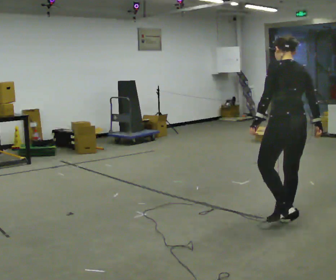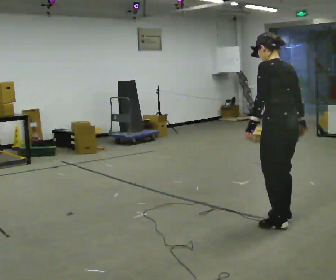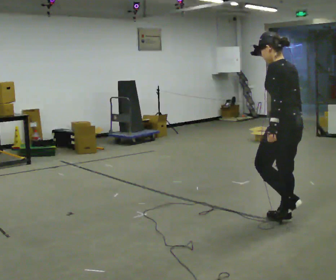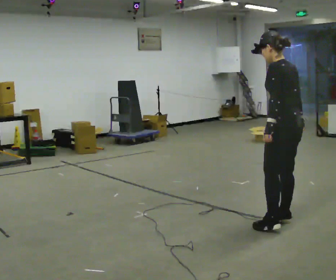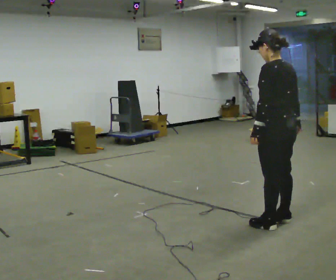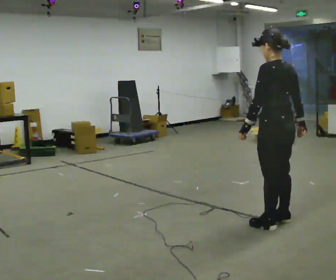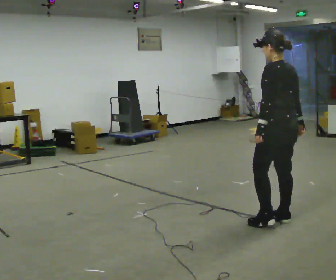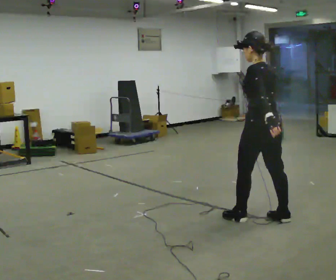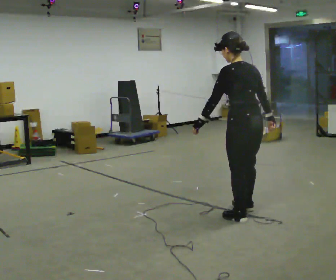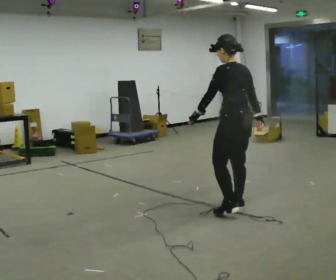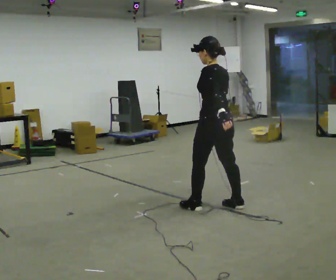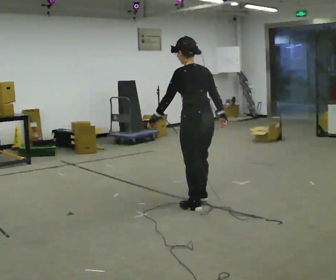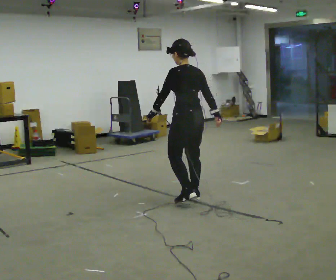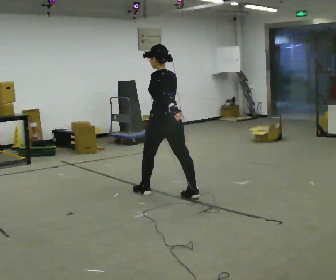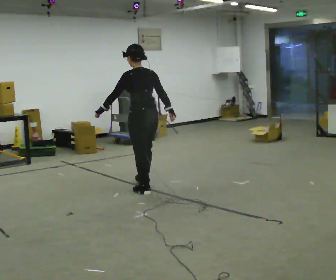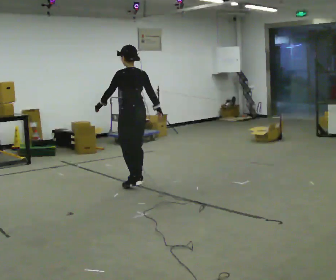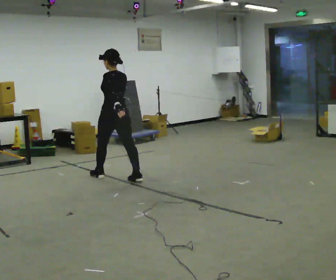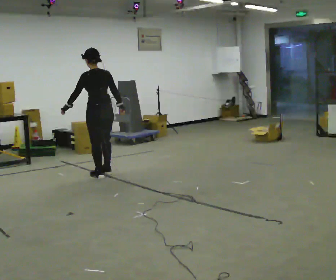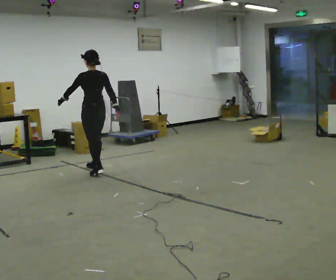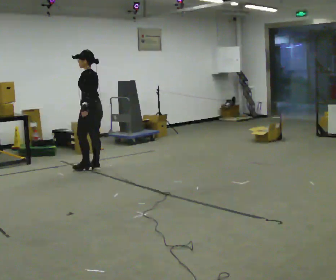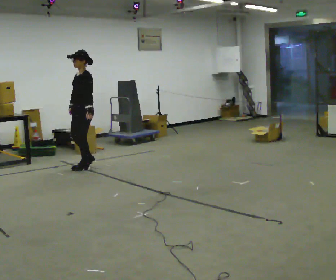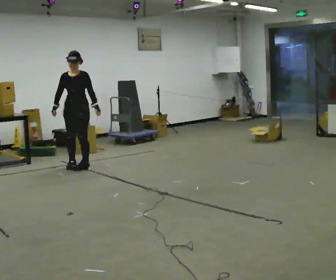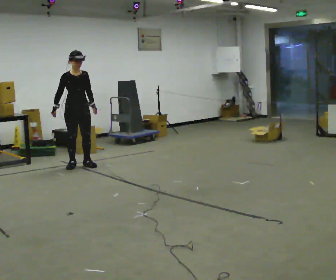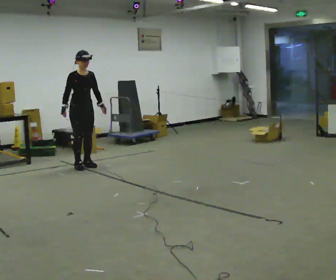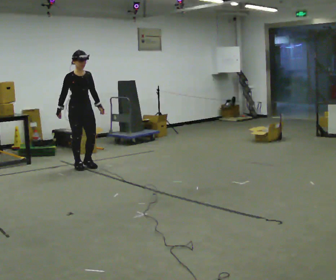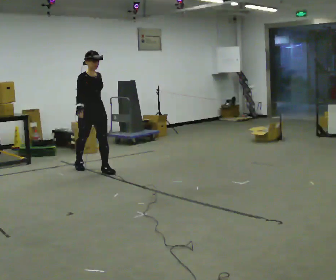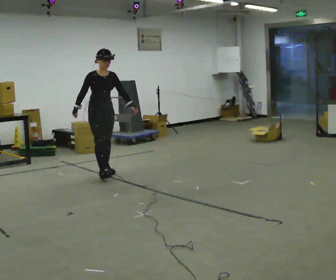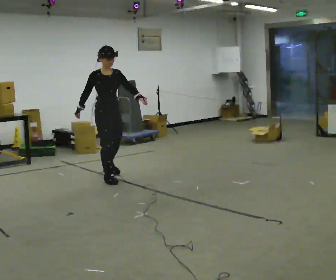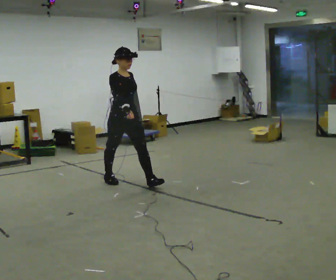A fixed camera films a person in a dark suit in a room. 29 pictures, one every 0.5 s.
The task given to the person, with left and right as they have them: Walk forward with your feet closer together than normal, or further apart than normal, as the operator states; stop.
0.0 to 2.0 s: The person moves a little, or ends about where they began.
2.0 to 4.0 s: In the picture they go away from the camera and to the left, about 0.25 m in 1 step, which for them is forward.
4.0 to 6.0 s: In the picture they go away from the camera and to the left, about 1 m in 3 steps, which for them is forward.
6.0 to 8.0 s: In the picture they go away from the camera and to the left, about 1 m in 3 steps, which for them is forward.
8.0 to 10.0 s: Seen from above the body turns counterclockwise, about 90 degrees: to their left, with its near side sliding to the right. In the picture they go away from the camera and to the left, about 0.5 m in 2 steps.
10.0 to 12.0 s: Seen from above the body turns counterclockwise, about 105 degrees: to their left, with its near side sliding to the right.
12.0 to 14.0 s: In the picture they go toward the camera and to the right, about 1 m in 3 steps, which for them is forward.
The film runs forward here.
